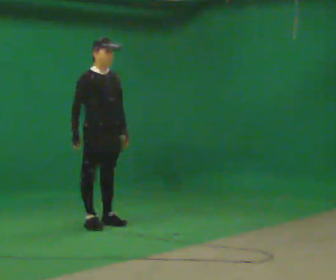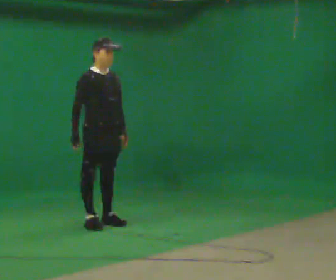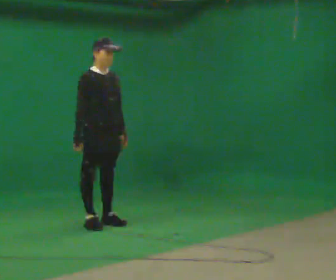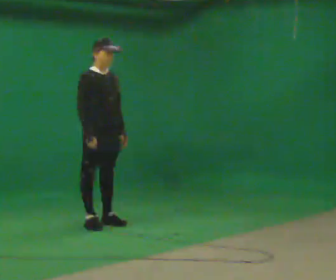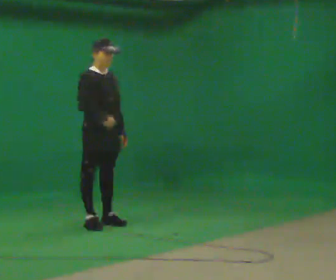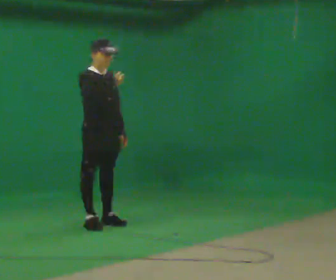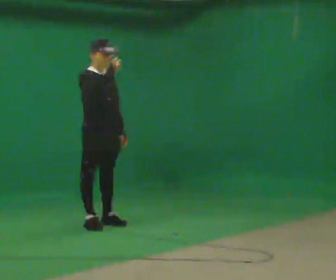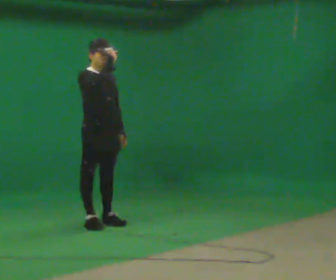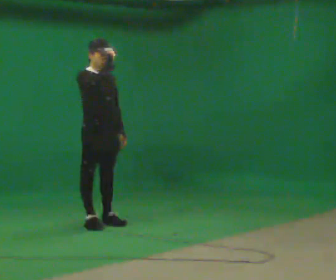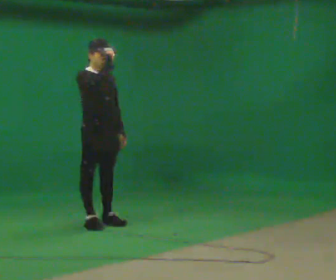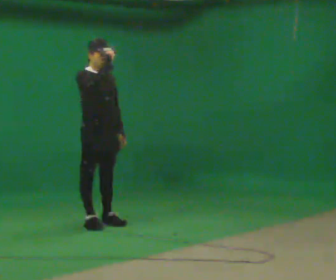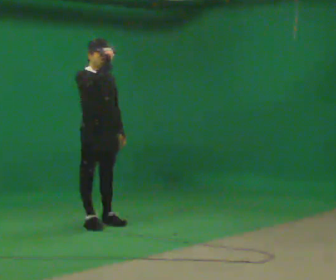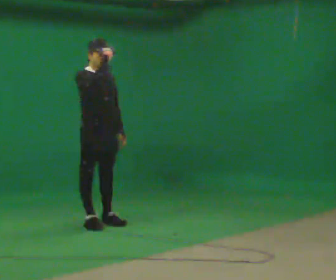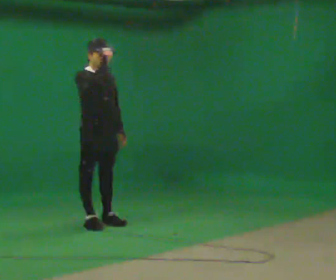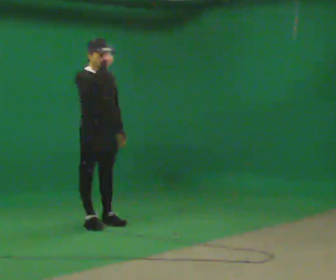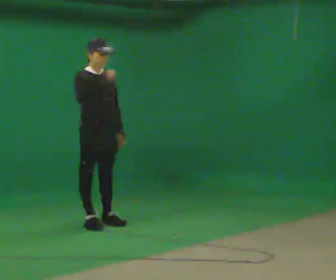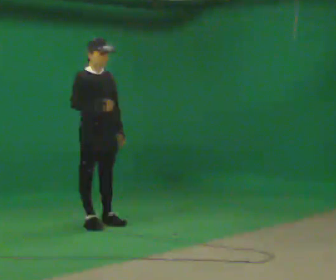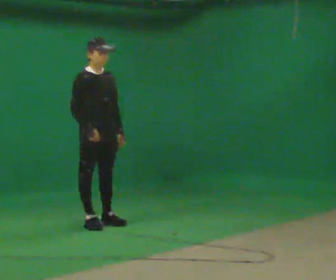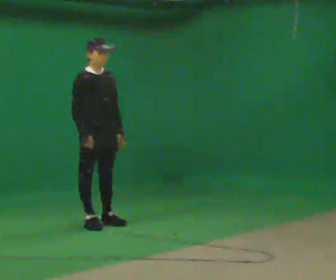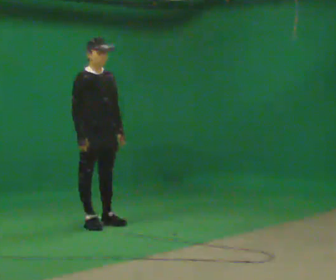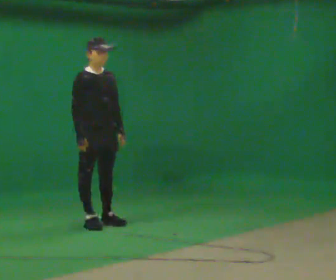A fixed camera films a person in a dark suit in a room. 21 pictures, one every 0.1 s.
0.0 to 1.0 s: In the picture their right hand goes upward and to the right.
1.0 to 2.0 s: In the picture their right hand goes downward.
The film runs backward here.
